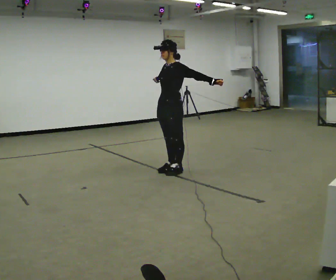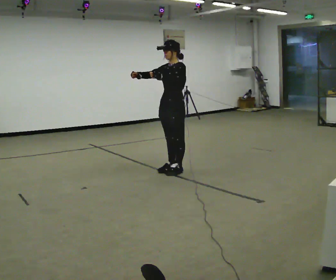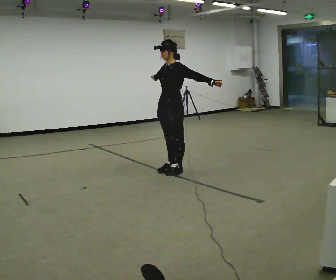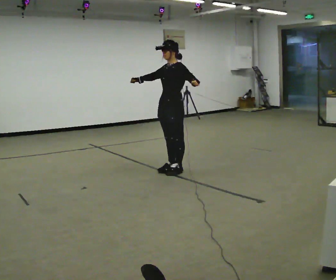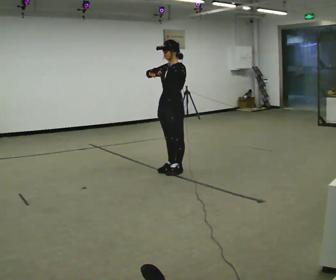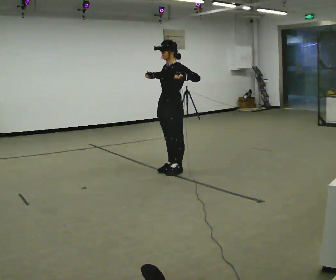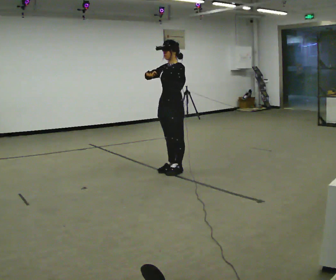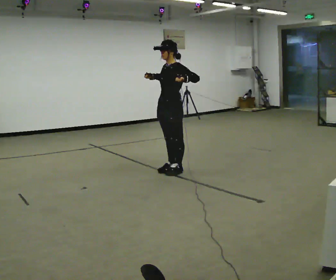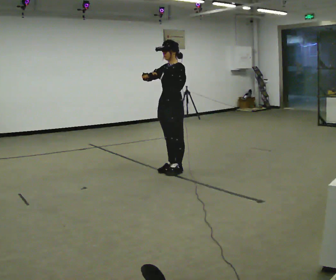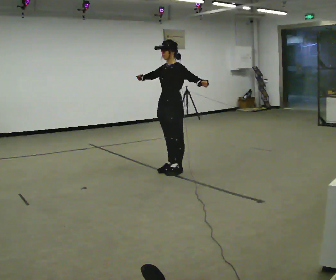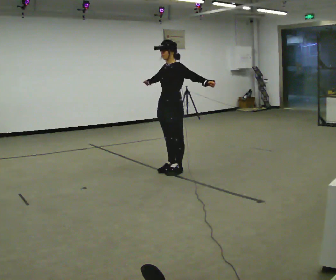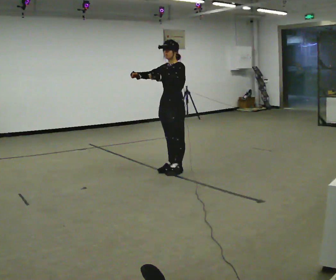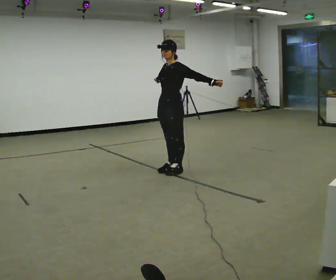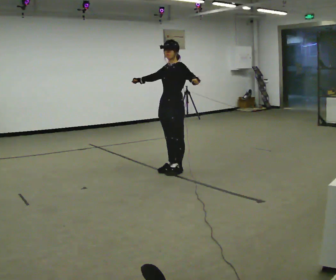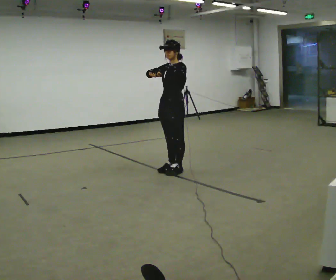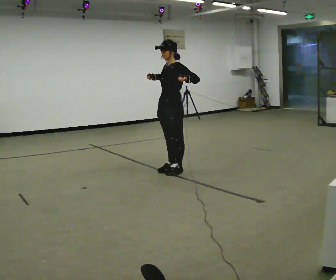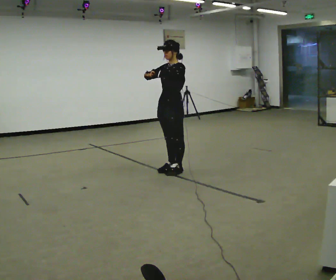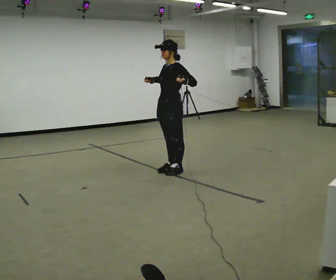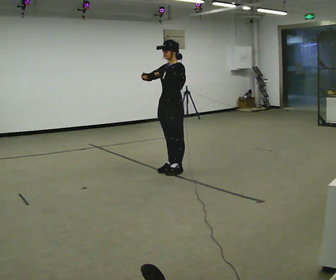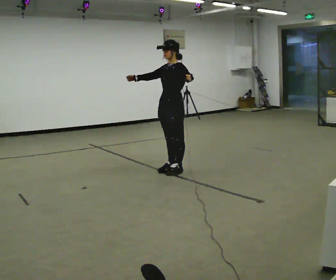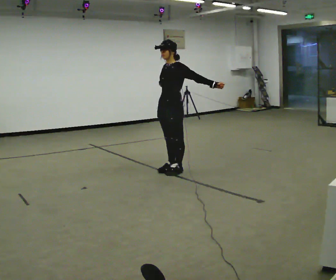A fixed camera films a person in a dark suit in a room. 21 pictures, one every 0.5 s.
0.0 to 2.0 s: In the picture their left hand goes to the left.
2.0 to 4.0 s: The person moves a little, or ends about where they began.
4.0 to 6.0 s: In the picture their left hand goes to the right.
6.0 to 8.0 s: In the picture their left hand goes to the left.
8.0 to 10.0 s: In the picture their left hand goes to the right.
The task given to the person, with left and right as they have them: Dance freely at a slow tempo as if to slow music; keep moving continuously.
The film runs forward here.
